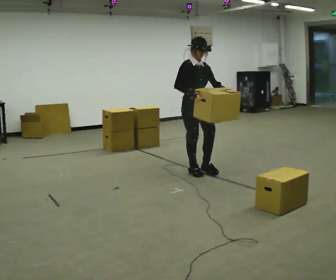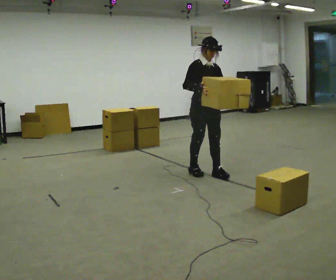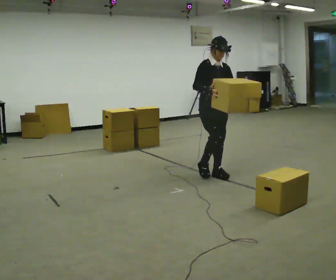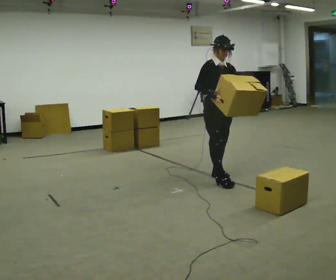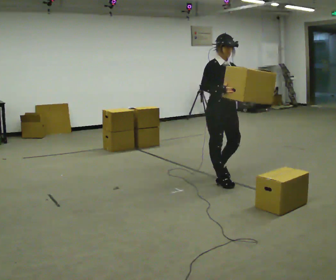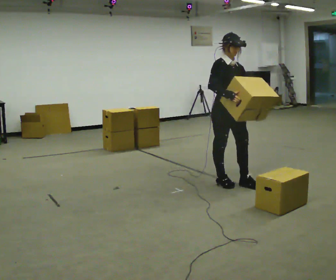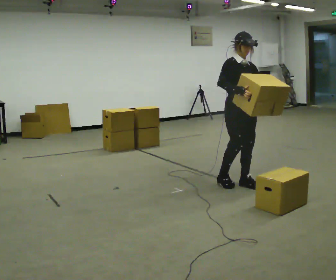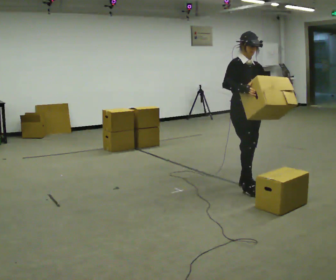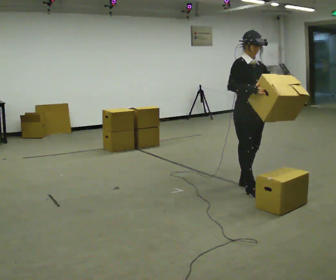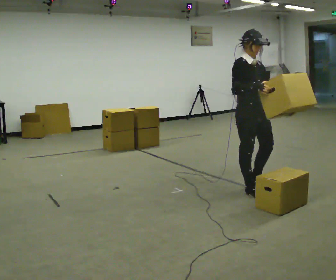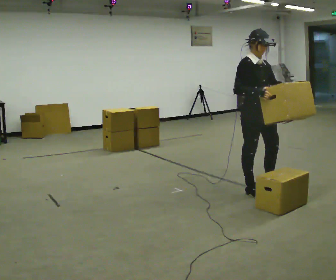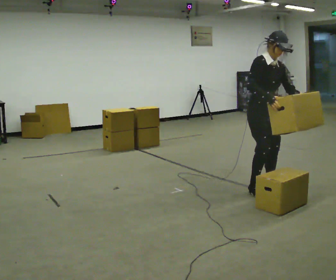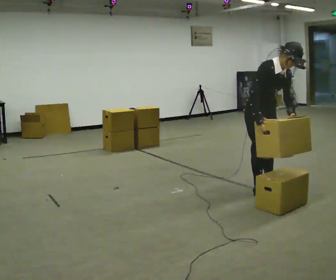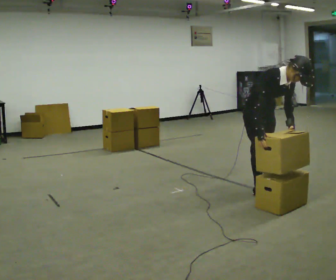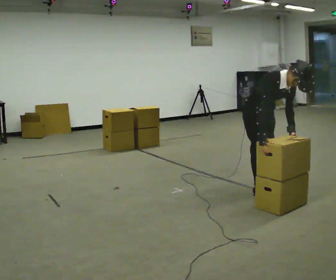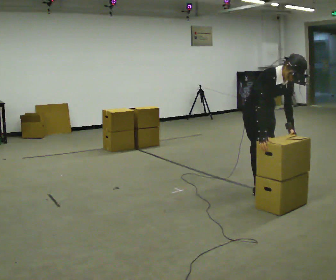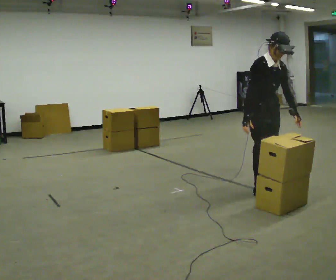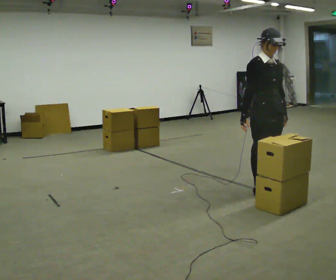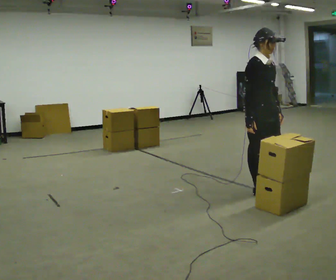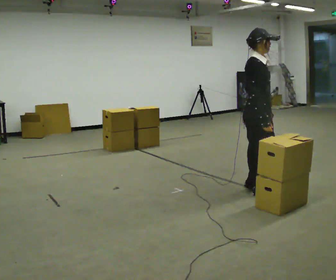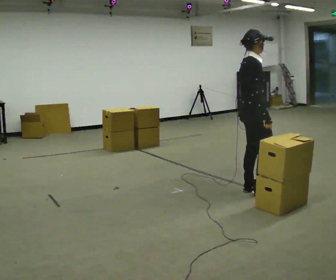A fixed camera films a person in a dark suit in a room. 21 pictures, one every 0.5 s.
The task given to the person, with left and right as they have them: Carry the box and, while you are still walking, turn it so you can read the label, read it out loud, then carry on. Repeat with the next box. Do not stop to read it.
0.0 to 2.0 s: In the picture they go toward the camera and to the right, about 0.5 m in 2 steps, which for them is forward.
2.0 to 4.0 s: In the picture they go to the right and toward the camera, about 0.5 m in 2 steps, which for them is forward.
4.0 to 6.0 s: The upper body tips toward the camera, its near side rolling downward, as they bend forward.
6.0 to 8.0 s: The person moves a little, or ends about where they began.
8.0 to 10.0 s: Seen from above the body turns counterclockwise, about 60 degrees: to their left, with its near side sliding to the right.
The film runs forward here.
